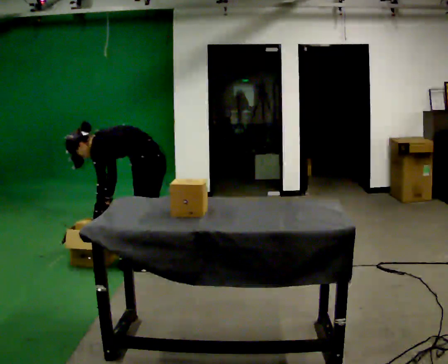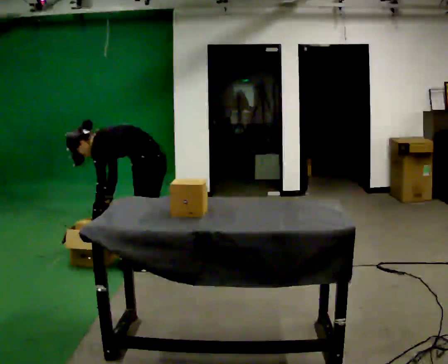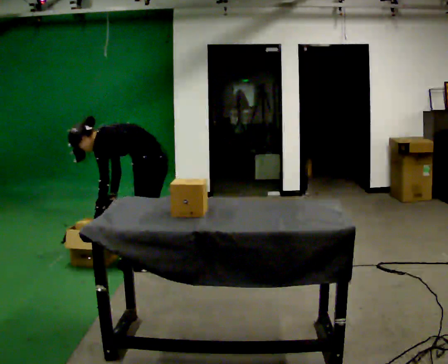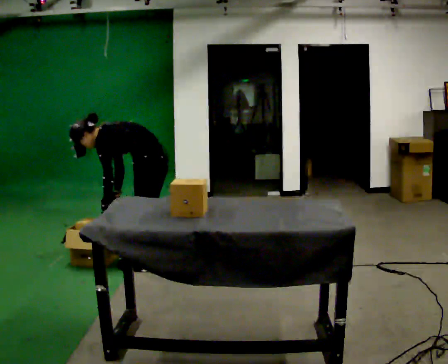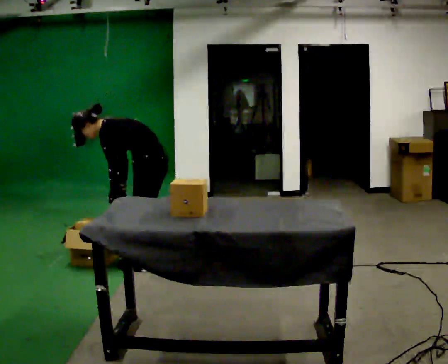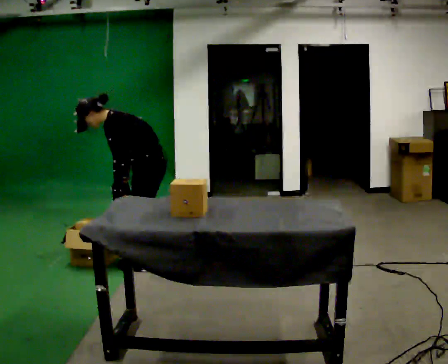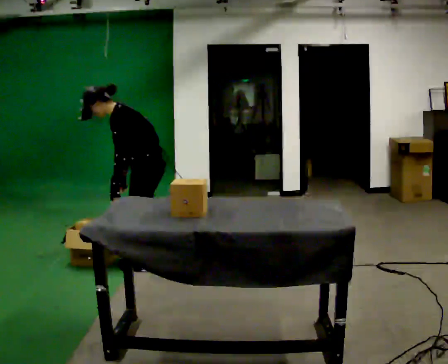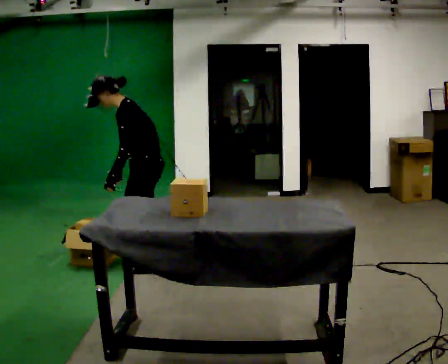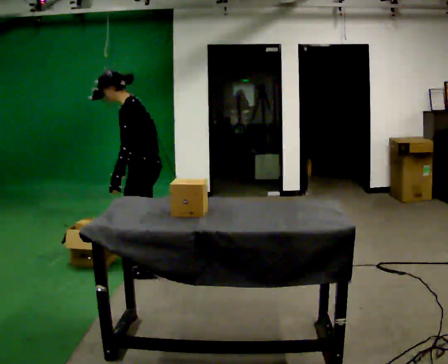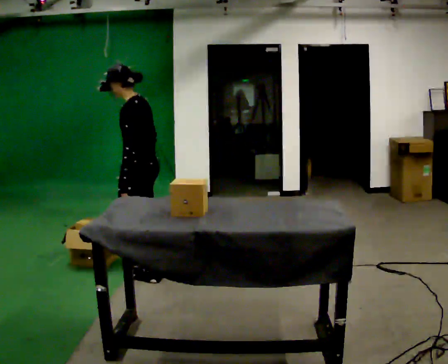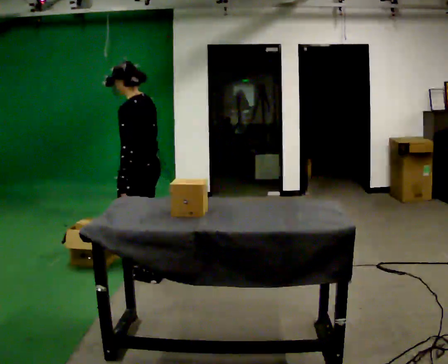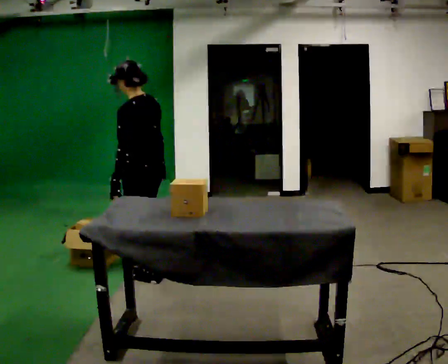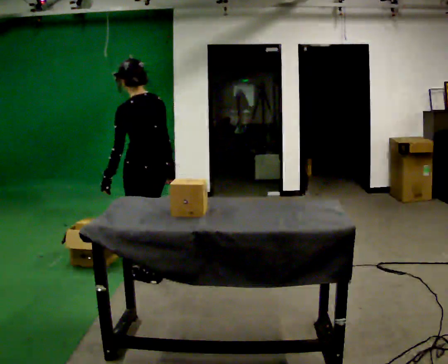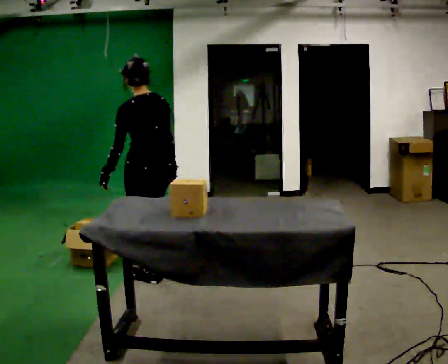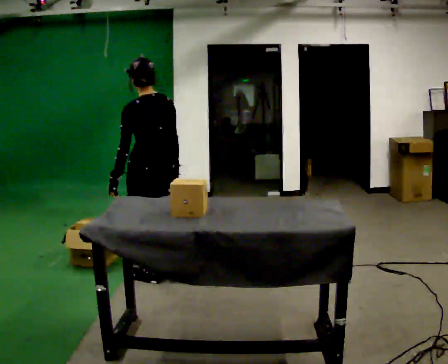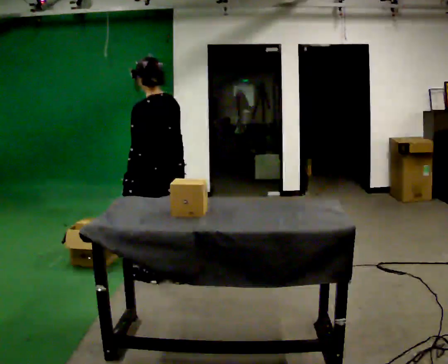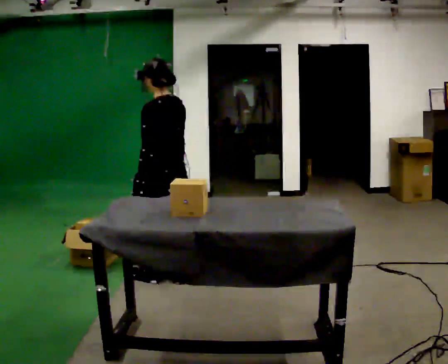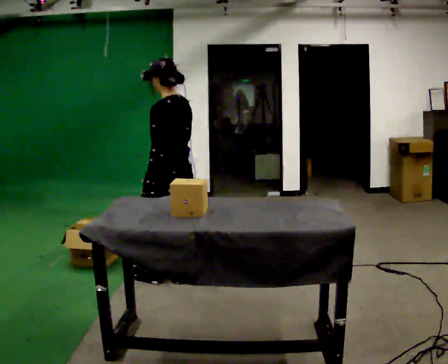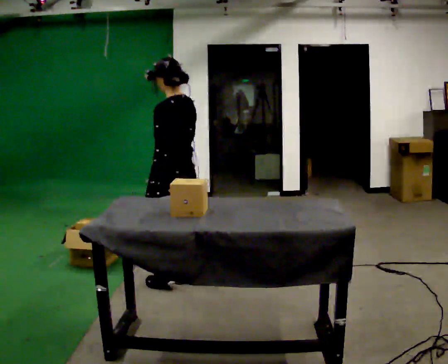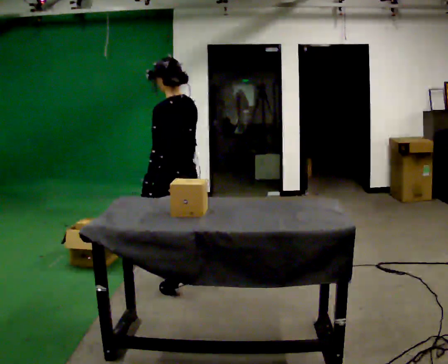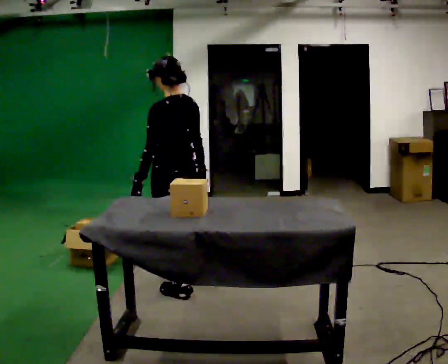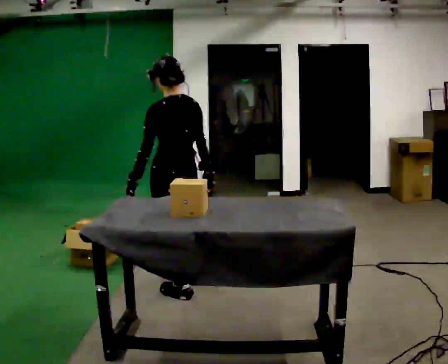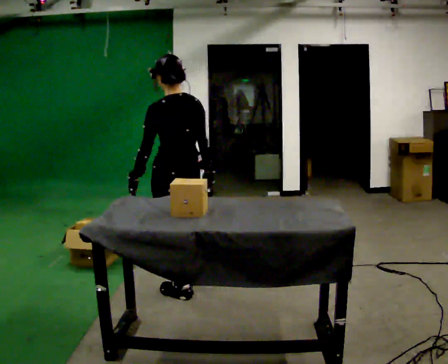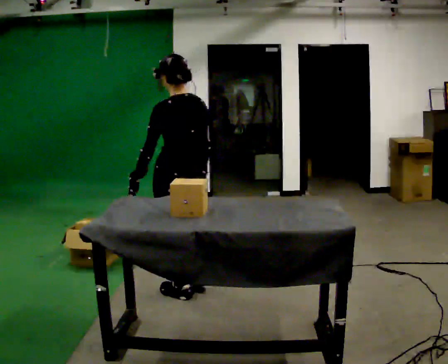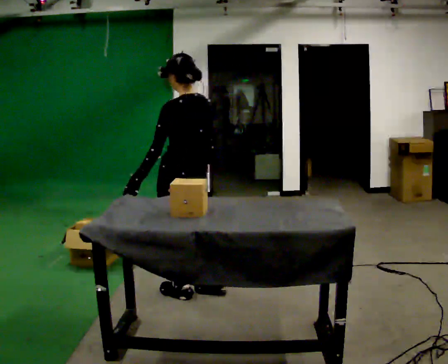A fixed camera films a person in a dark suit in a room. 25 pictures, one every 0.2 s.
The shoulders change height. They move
upward.
The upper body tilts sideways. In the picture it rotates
clockwise.
0.0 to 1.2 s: The shoulders move upward. In the picture the upper body tilts clockwise, shoulders to the right, as they lean back or straighten.
1.2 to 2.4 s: The part of the body nearest the lens slides to the left as the person turns to their right by about 45 degrees. In the picture they go toward the camera, about 0.25 m in 2 steps, which for them is to their left. In the picture the upper body tilts clockwise, shoulders to the right, as they lean back or straighten.
2.4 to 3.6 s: In the picture they go to the right, about 0.25 m in 1 step, which for them is backward.
3.6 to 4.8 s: In the picture they go toward the camera, about 0.25 m in 1 step, which for them is backward.
The film runs backward here.
